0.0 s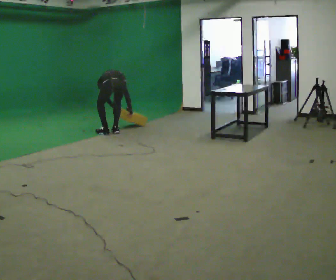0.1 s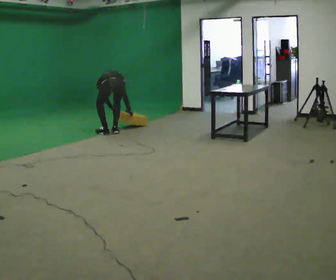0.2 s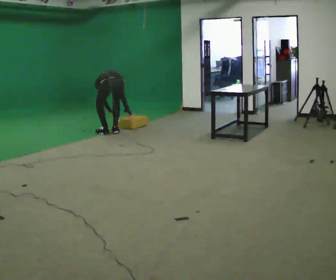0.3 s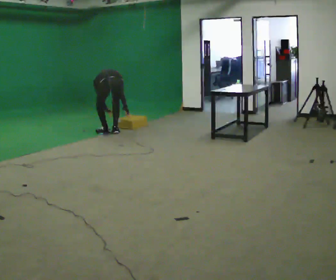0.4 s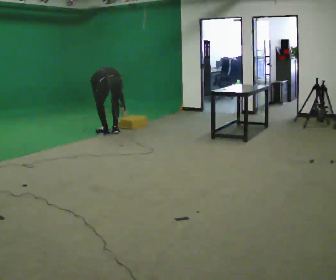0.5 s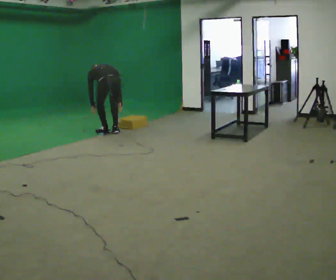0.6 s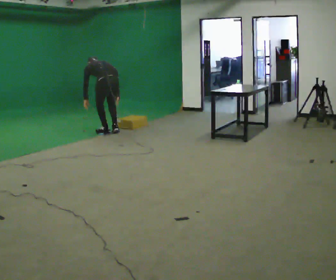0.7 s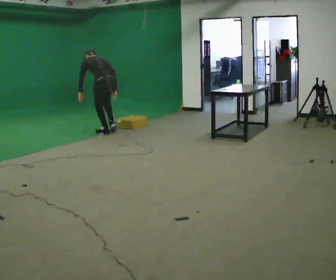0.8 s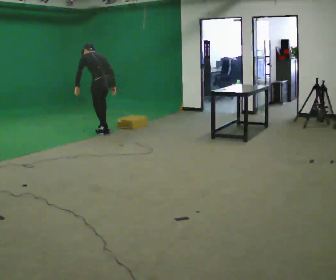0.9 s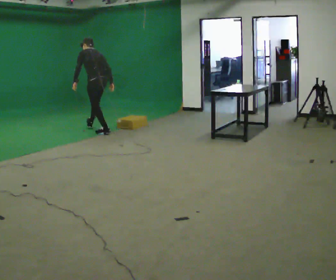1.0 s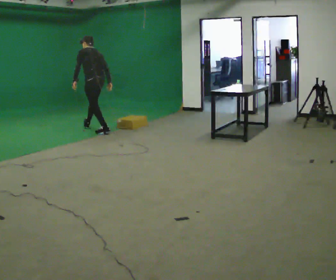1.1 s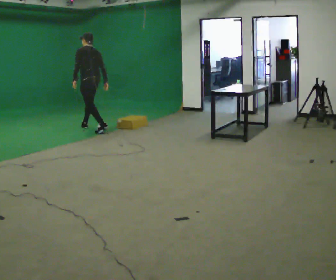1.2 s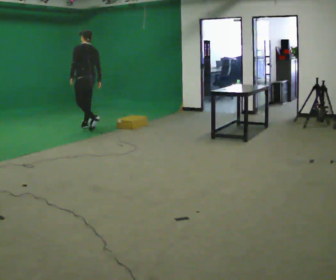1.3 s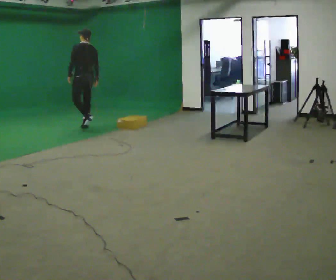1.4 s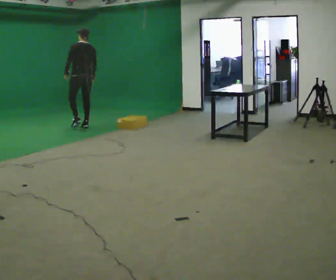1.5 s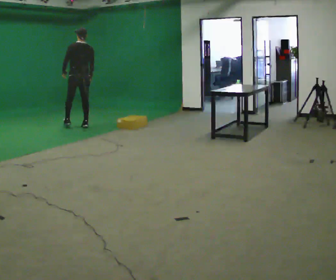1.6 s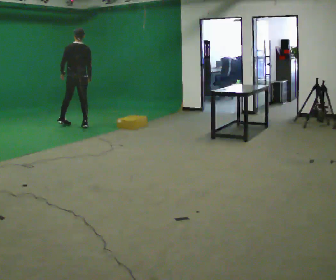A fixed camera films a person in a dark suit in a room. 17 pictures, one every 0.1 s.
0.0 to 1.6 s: The person turns about 30 degrees to their right, clockwise seen from above, so the part of the body nearest the lens slides to the left. In the picture they go to the left and away from the camera, about 1 m in 1 step, which for them is forward. The shoulders move upward. The upper body tips toward the camera, its near side rolling downward, as they lean back or straighten. In the picture their left hand goes upward.
The film runs forward here.
